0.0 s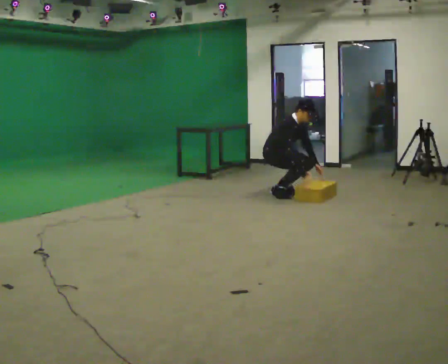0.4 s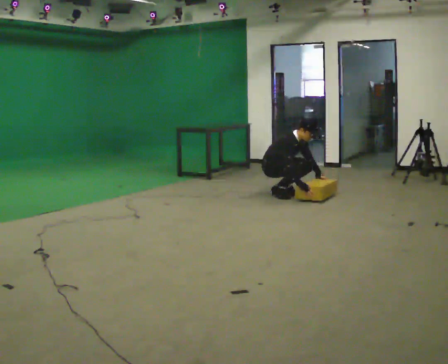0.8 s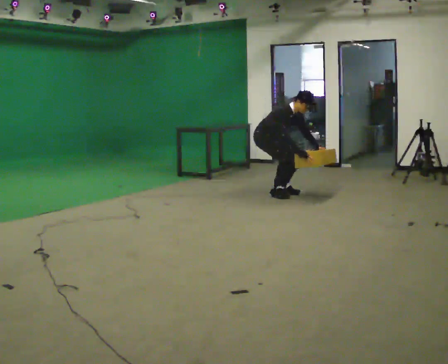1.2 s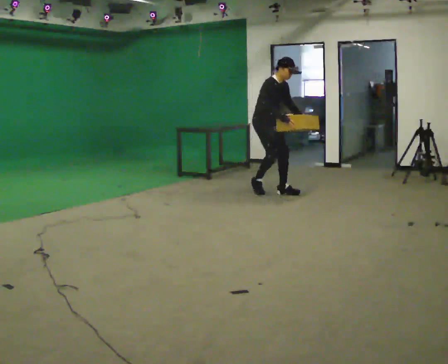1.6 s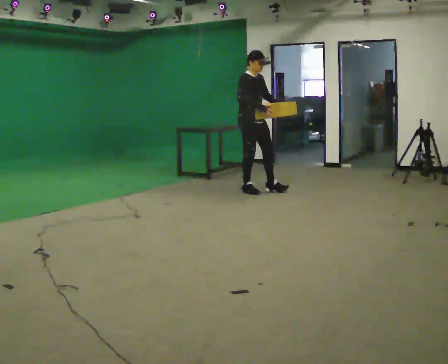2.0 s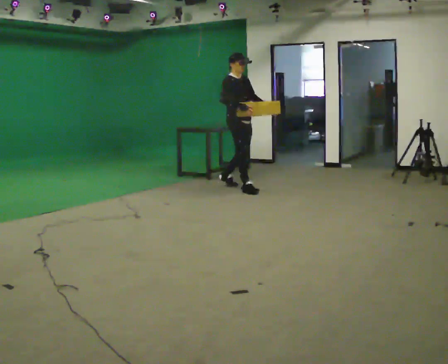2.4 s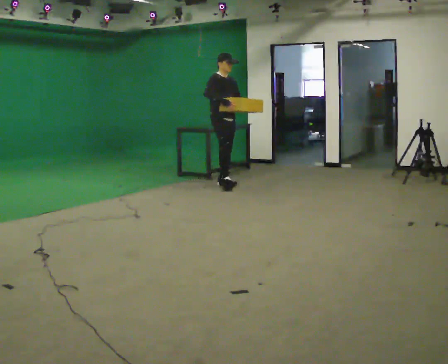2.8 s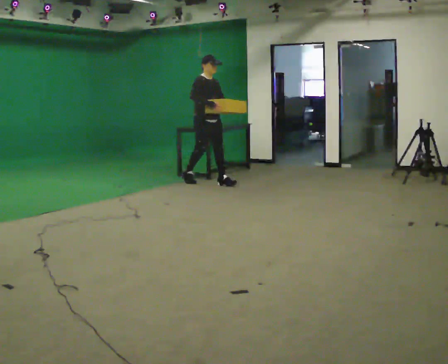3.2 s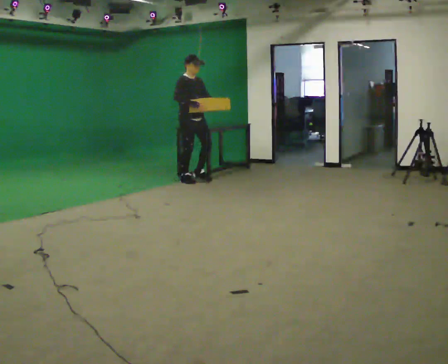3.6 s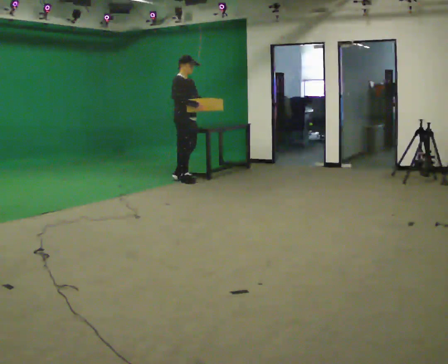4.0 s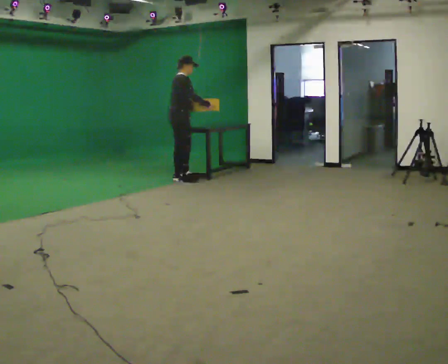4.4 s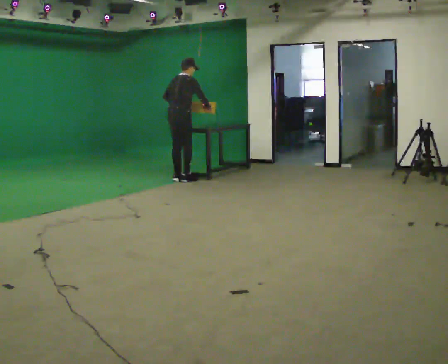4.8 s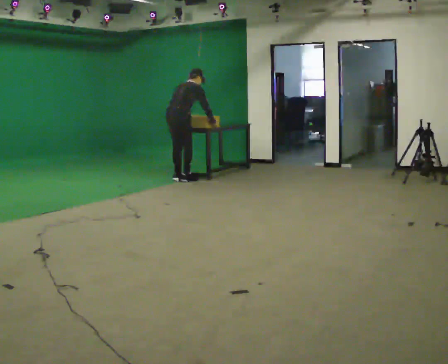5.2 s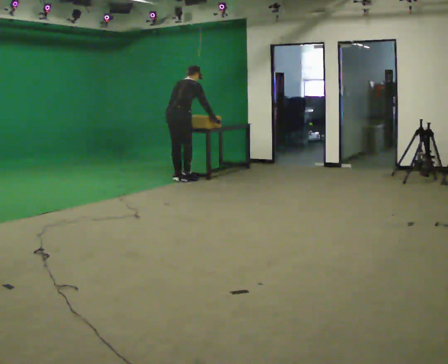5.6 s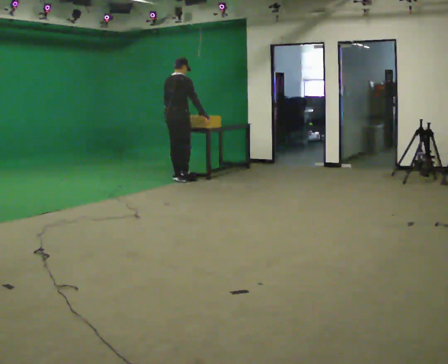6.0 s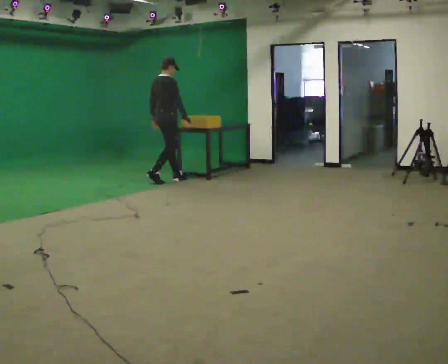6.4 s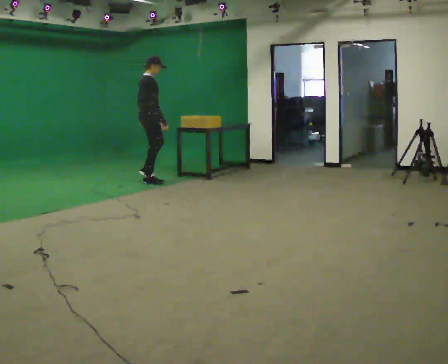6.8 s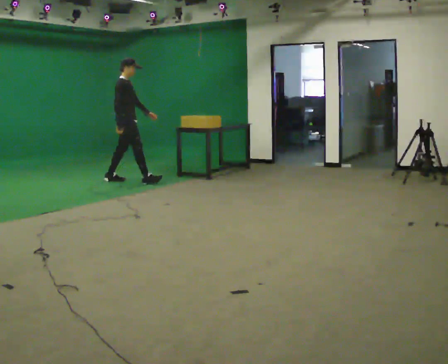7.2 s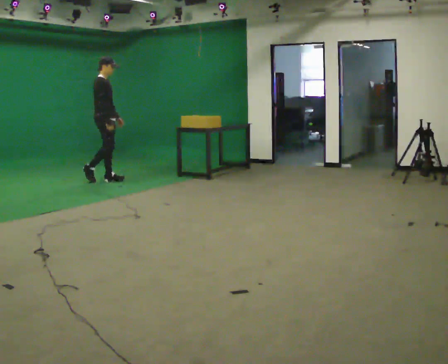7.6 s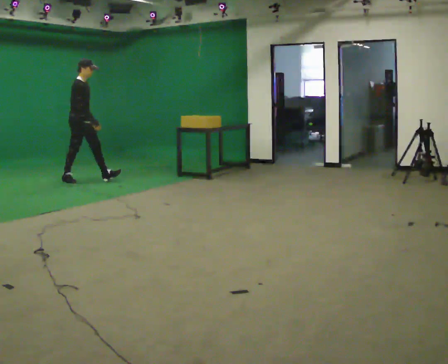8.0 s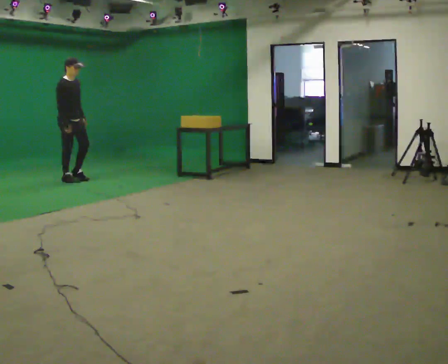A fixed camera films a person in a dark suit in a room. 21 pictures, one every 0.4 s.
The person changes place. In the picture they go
to the left.
0.0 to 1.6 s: In the picture they go to the left and away from the camera, about 0.25 m in 2 steps, which for them is backward. In the picture their left hand goes upward.
1.6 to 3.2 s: In the picture they go to the left and away from the camera, about 1 m in 2 steps, which for them is backward.
3.2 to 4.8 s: The part of the body nearest the lens slides to the right as the person turns to their left by about 90 degrees. In the picture they go to the left, about 0.25 m. The upper body tips away from the camera, its near side rolling upward, as they bend forward. In the picture their left hand goes to the left, the arm swinging clockwise.
4.8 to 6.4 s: The part of the body nearest the lens slides to the left as the person turns to their right by about 30 degrees. In the picture they go to the left, about 0.5 m in 2 steps, which for them is to their left and backward. The upper body tips toward the camera, its near side rolling downward, as they lean back or straighten.
6.4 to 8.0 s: Seen from above the body turns clockwise, about 45 degrees: to their right, with its near side sliding to the left. In the picture they go to the left, about 1 m in 2 steps, which for them is backward.
The film runs backward here.
